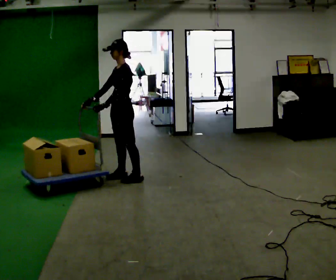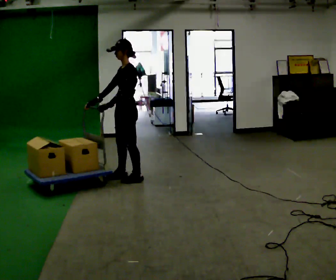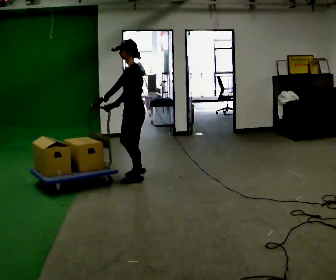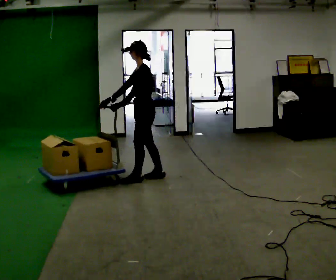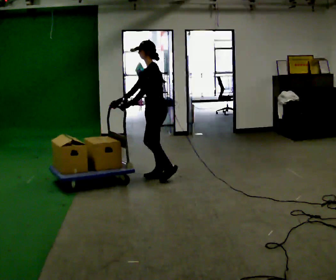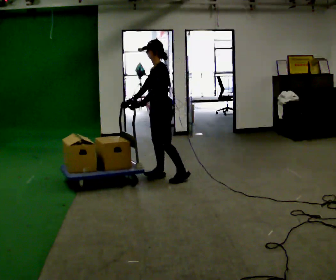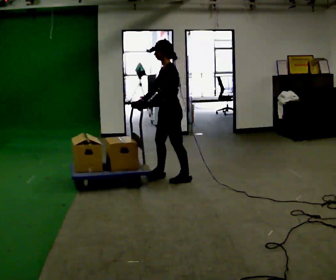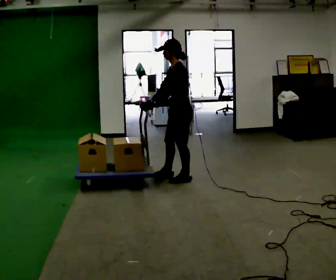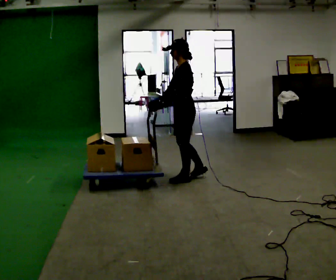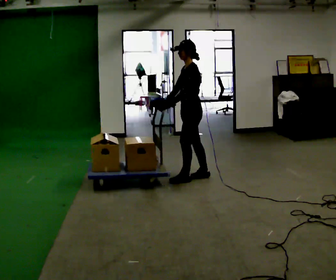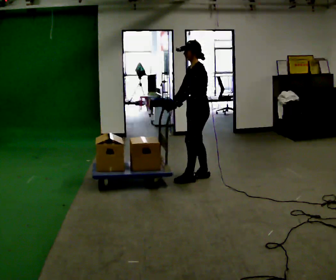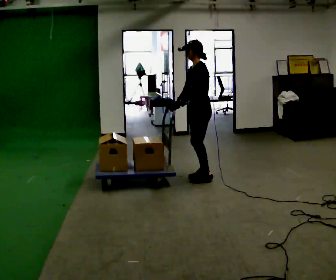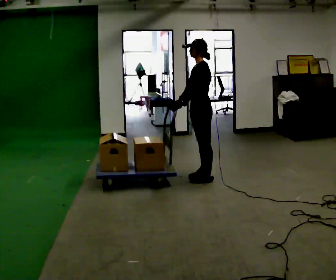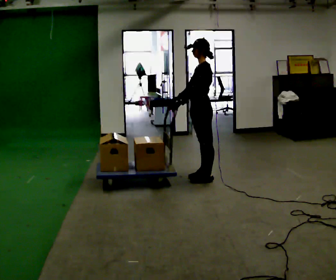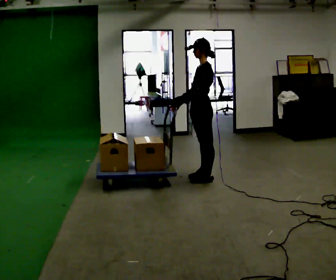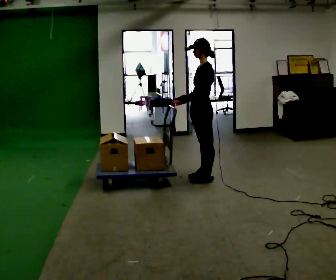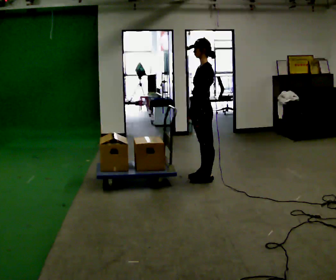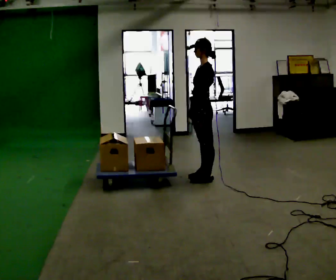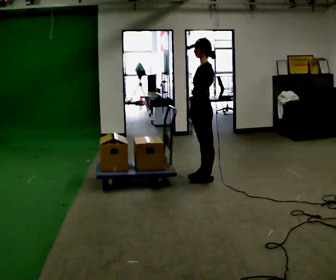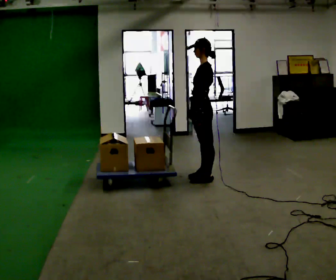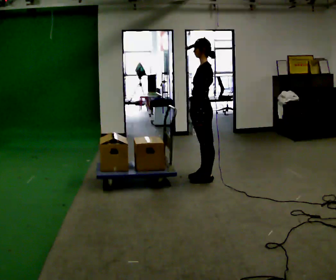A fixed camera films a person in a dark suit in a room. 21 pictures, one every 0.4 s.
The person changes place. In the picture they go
to the right.
0.0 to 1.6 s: In the picture they go to the right, about 0.5 m in 2 steps, which for them is backward.
1.6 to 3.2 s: In the picture they go to the right, about 0.25 m in 1 step, which for them is backward and to their left.
3.2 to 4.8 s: In the picture they go to the right, about 0.25 m in 1 step, which for them is backward.
4.8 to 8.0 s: The person moves a little, or ends about where they began.
The film runs backward here.
